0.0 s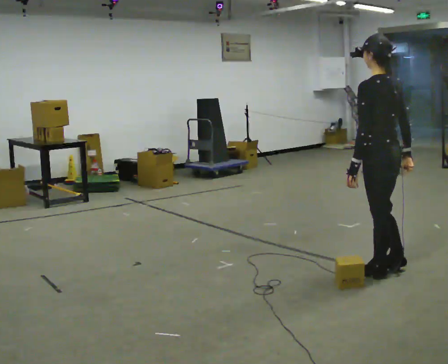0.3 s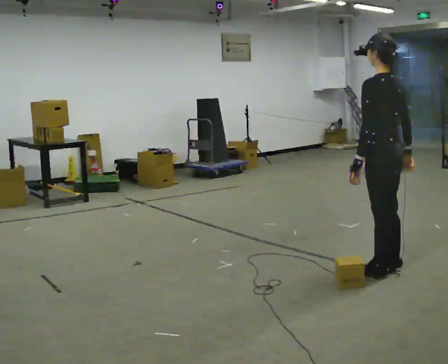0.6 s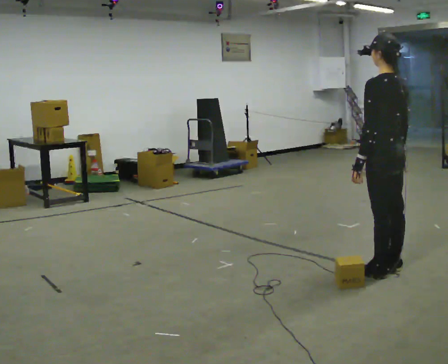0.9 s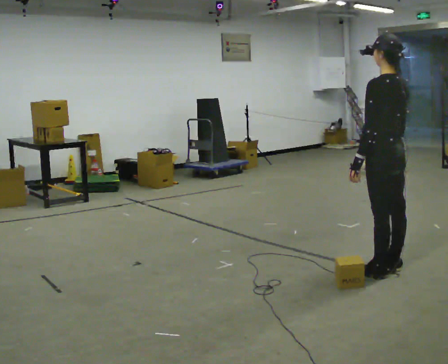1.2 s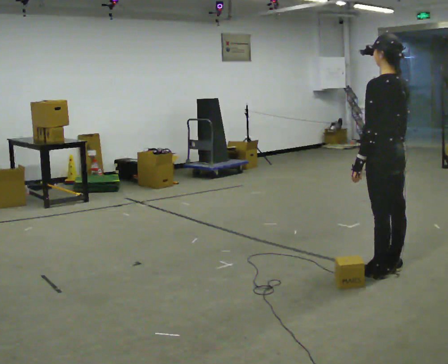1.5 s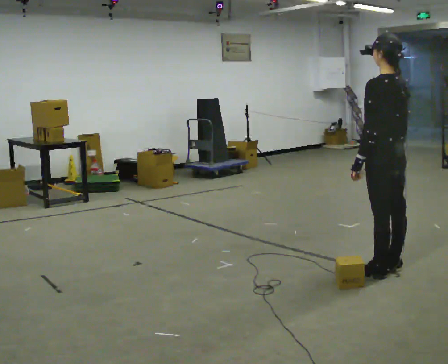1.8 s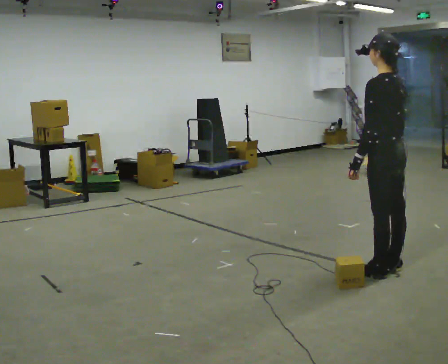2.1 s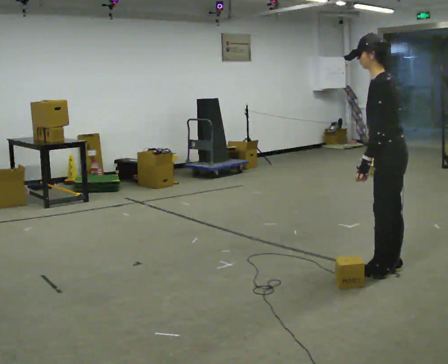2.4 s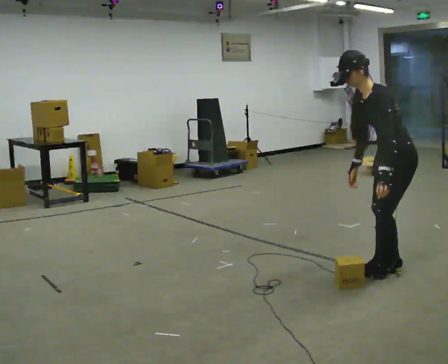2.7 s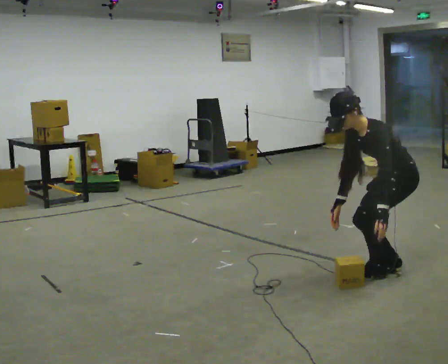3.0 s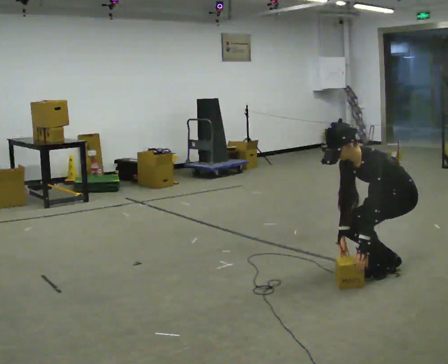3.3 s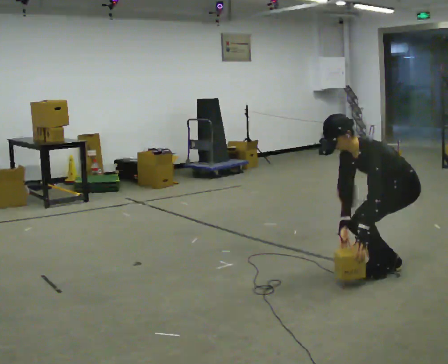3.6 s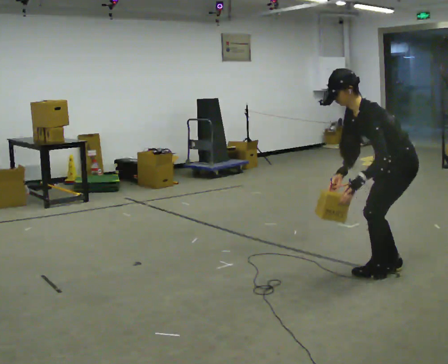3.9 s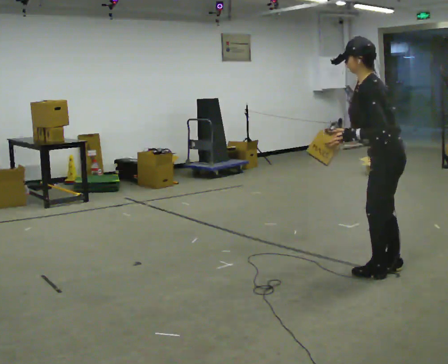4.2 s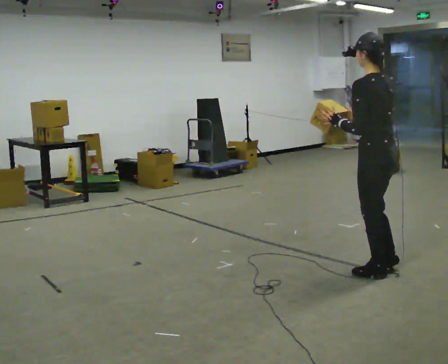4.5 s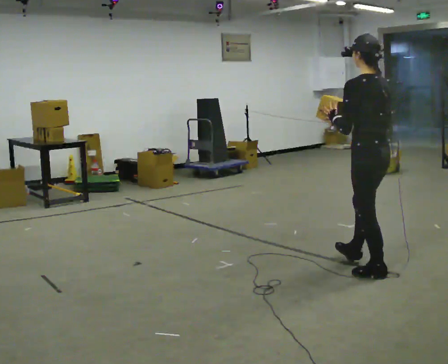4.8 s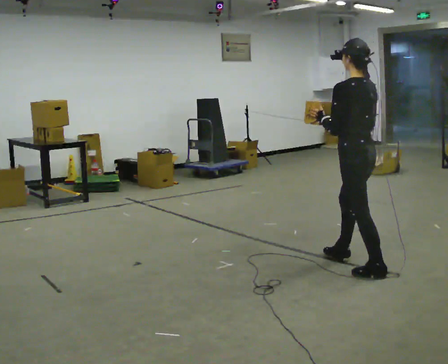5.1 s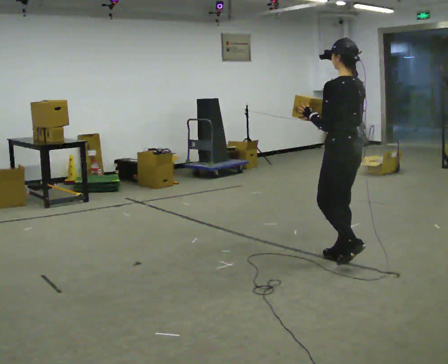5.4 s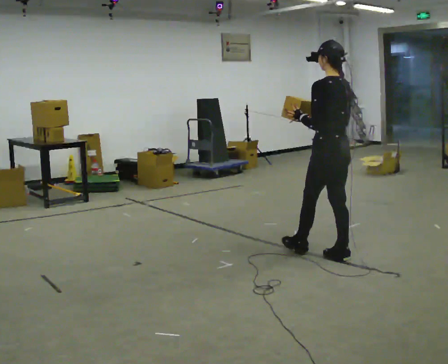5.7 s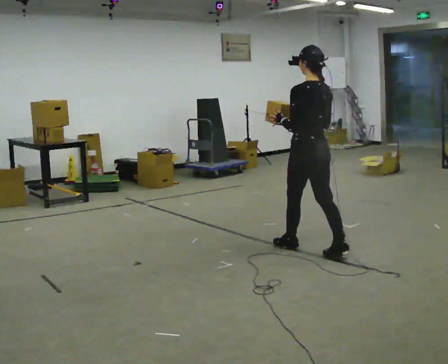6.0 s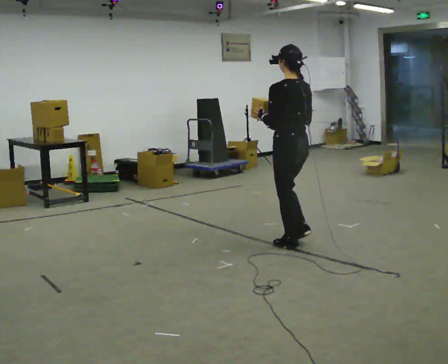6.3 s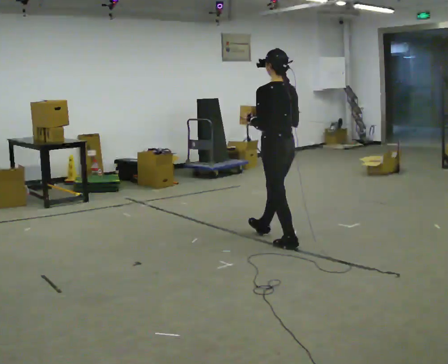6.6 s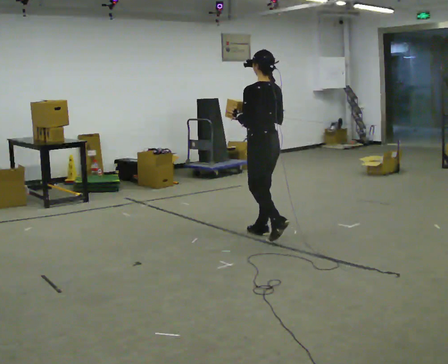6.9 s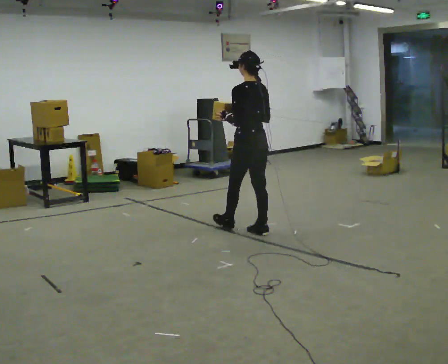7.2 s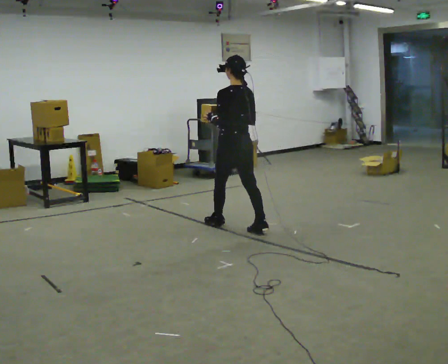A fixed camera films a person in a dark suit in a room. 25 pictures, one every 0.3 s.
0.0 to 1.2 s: The person moves a little, or ends about where they began.
1.2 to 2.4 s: Seen from above the body turns counterclockwise, about 60 degrees: to their left, with its near side sliding to the right. In the picture the upper body tilts counterclockwise, shoulders to the left, as they bend forward.
2.4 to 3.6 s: The person moves a little, or ends about where they began.
3.6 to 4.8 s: The person turns about 45 degrees to their right, clockwise seen from above, so the part of the body nearest the lens slides to the left. In the picture they go to the left, about 0.25 m in 1 step, which for them is forward. The upper body goes upward. In the picture the upper body tilts clockwise, shoulders to the right, as they lean back or straighten. In the picture their left hand goes upward, the arm swinging clockwise.
4.8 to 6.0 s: In the picture they go to the left and away from the camera, about 0.5 m in 1 step, which for them is forward.
6.0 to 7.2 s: In the picture they go to the left and away from the camera, about 1 m in 2 steps, which for them is forward.
The film runs forward here.
